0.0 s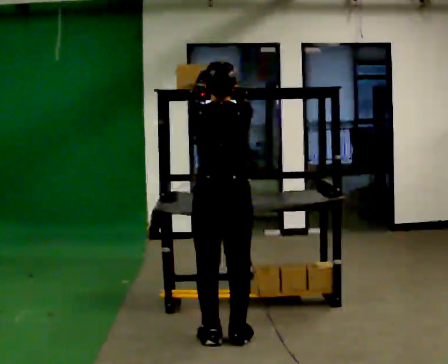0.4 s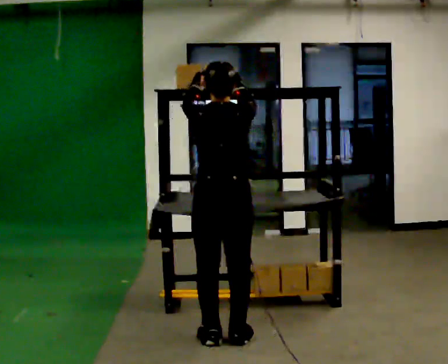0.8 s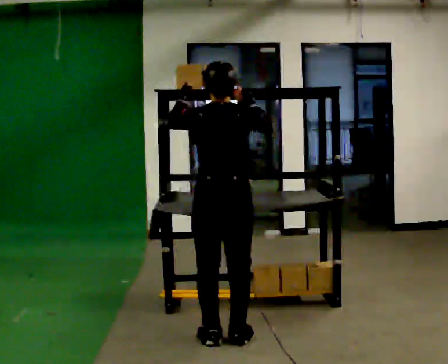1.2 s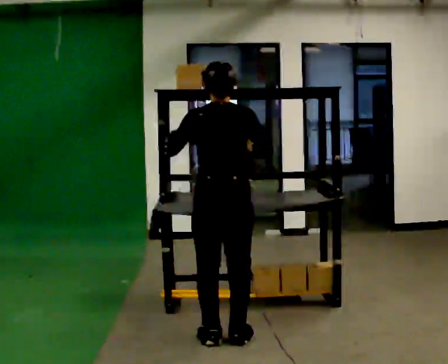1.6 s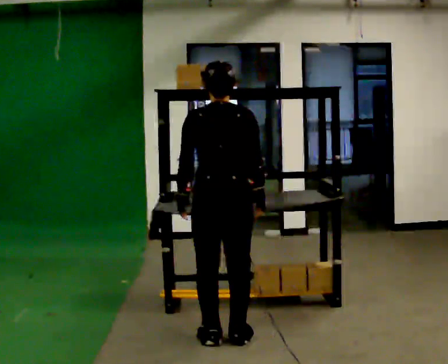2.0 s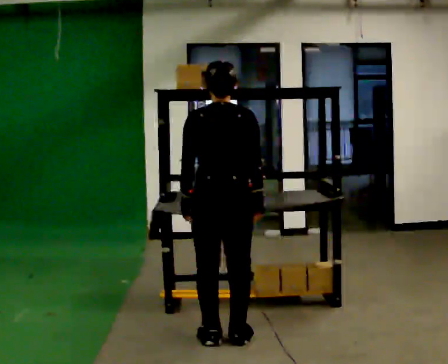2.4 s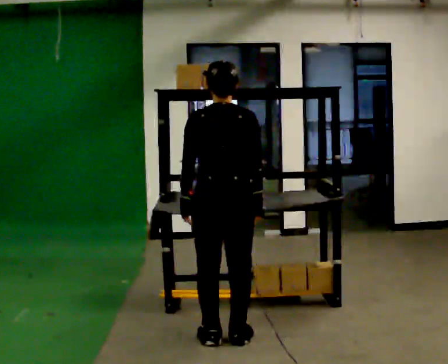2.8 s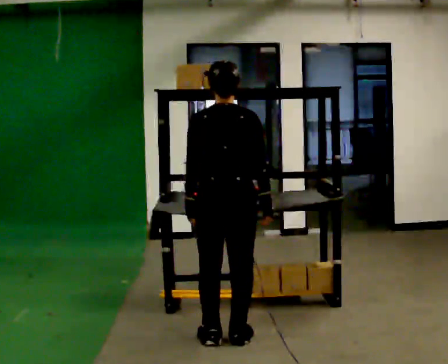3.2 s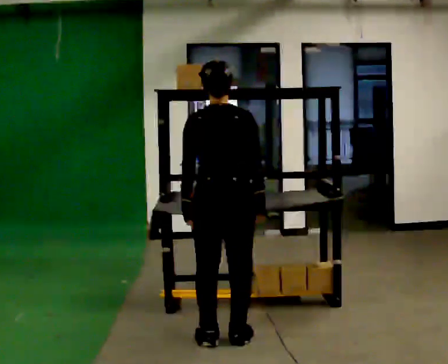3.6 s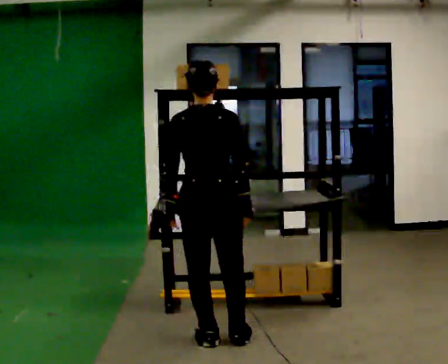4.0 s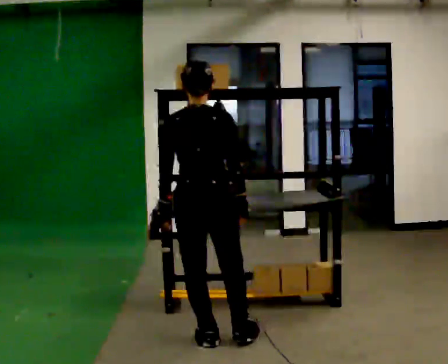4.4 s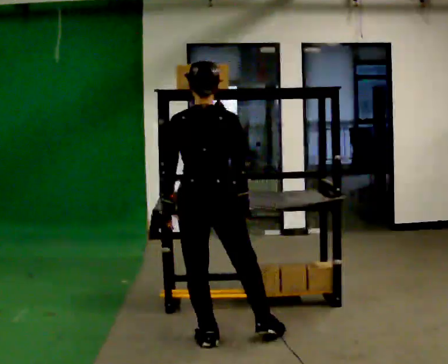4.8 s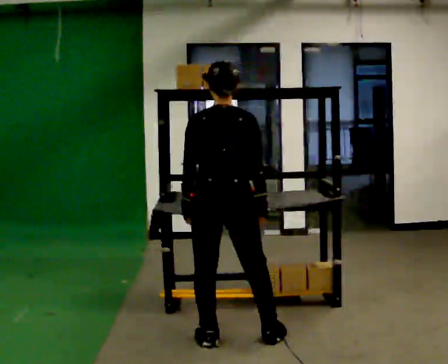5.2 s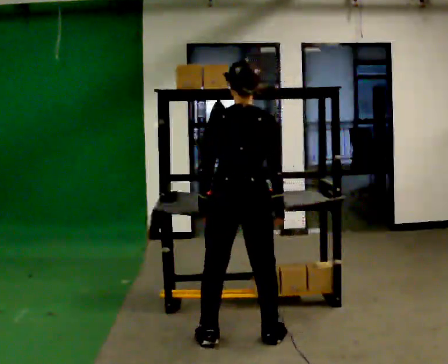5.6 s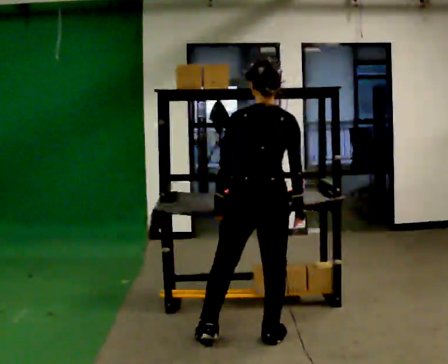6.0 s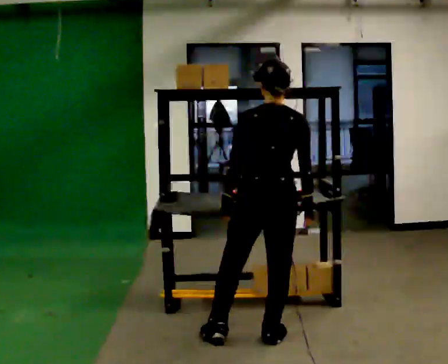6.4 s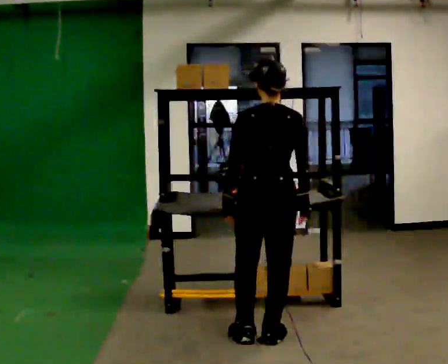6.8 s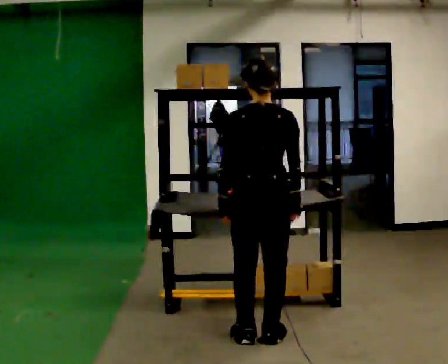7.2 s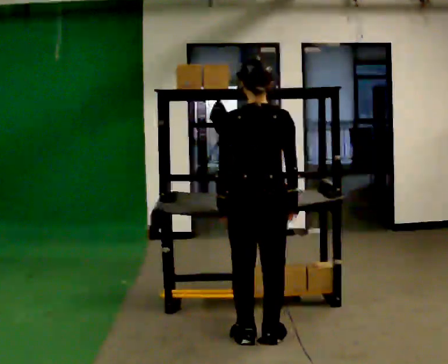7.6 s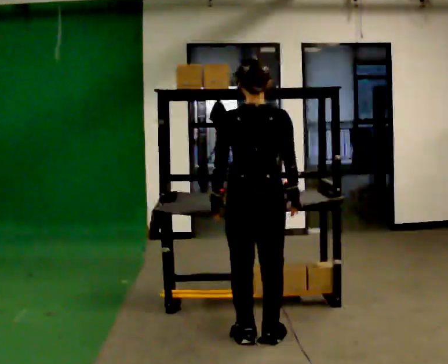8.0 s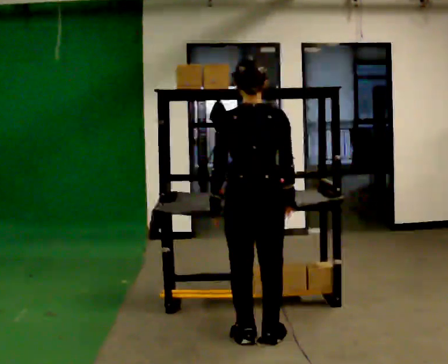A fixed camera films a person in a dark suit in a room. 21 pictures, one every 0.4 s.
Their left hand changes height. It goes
downward.
Their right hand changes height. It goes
downward.
0.0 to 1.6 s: In the picture their left hand goes downward.
1.6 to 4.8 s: The person moves a little, or ends about where they began.
4.8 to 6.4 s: In the picture they go to the right, about 0.25 m in 1 step, which for them is to their right.
6.4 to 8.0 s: The person moves a little, or ends about where they began.
The film runs backward here.
